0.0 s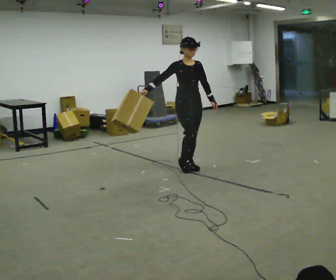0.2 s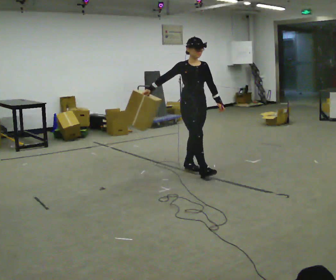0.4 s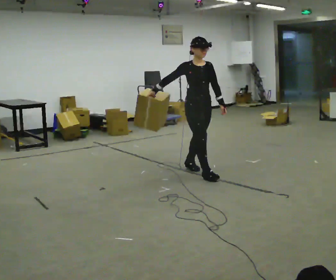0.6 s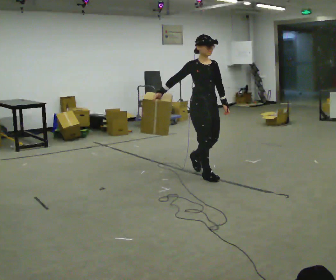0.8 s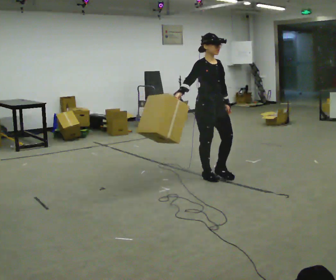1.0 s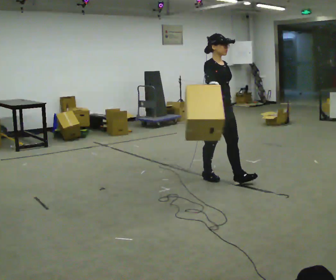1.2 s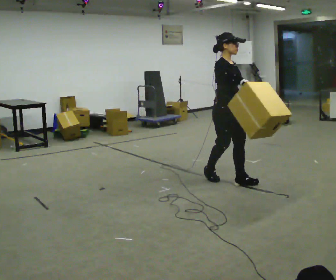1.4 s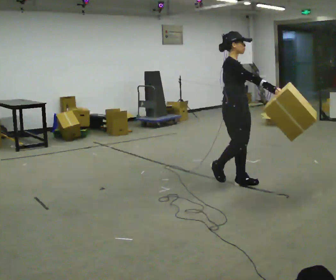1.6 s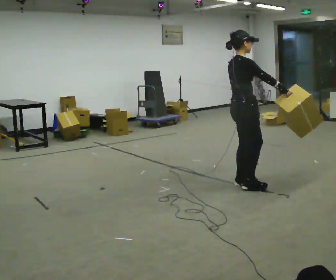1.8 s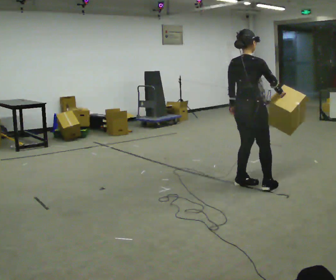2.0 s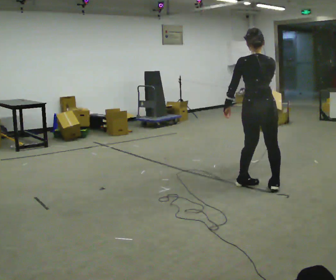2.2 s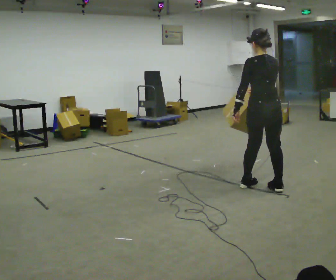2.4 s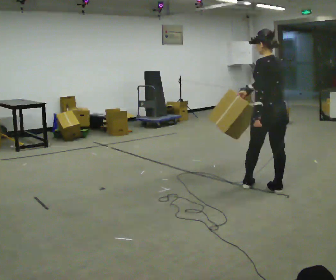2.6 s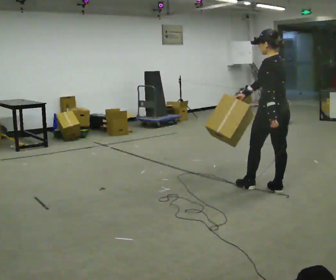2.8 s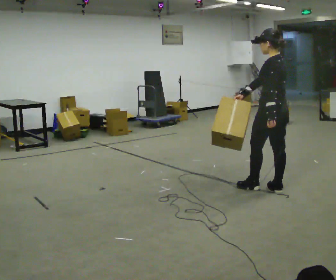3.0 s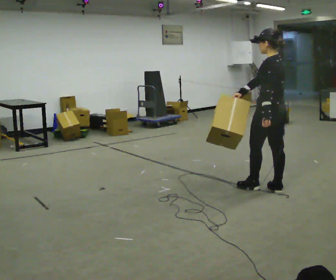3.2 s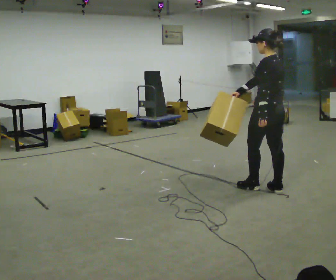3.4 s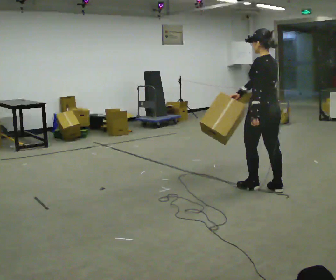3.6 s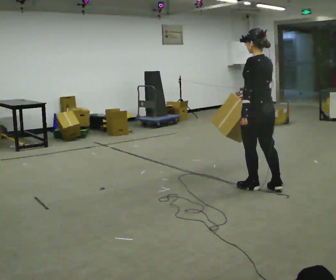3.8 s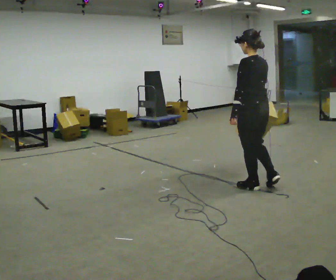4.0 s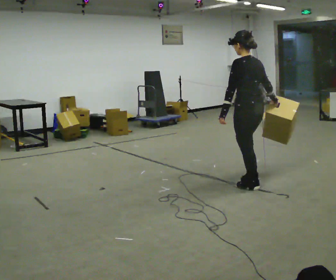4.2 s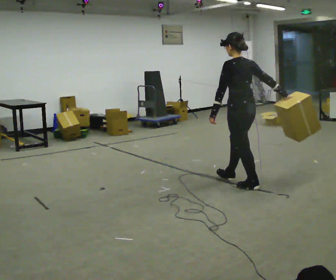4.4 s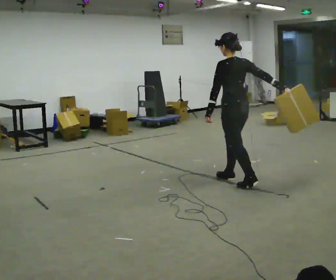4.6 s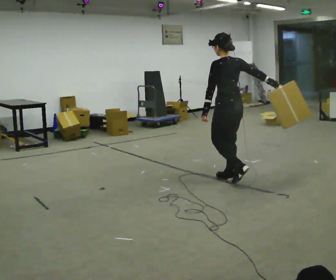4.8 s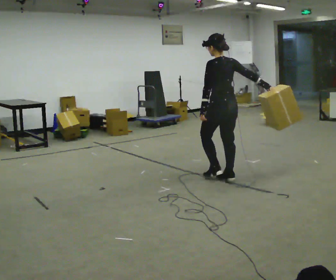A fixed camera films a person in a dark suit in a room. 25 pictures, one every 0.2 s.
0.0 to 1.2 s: In the picture they go toward the camera and to the right, about 0.5 m in 2 steps, which for them is forward.
1.2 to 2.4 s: The part of the body nearest the lens slides to the right as the person turns to their left by about 165 degrees. In the picture they go to the right and toward the camera, about 0.5 m in 1 step.
2.4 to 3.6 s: The person moves a little, or ends about where they began.
3.6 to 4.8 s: In the picture they go to the left and away from the camera, about 0.5 m in 1 step, which for them is forward.
The film runs forward here.
